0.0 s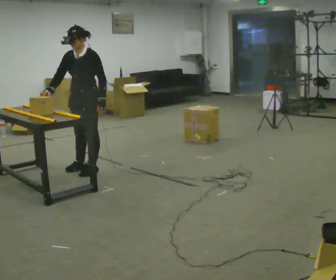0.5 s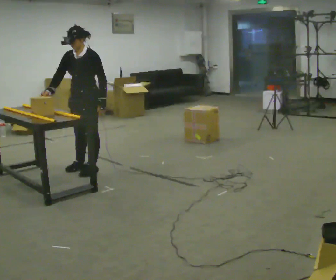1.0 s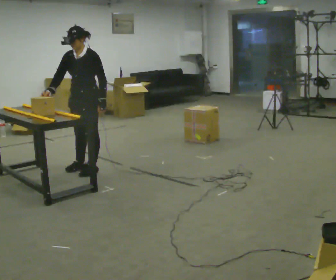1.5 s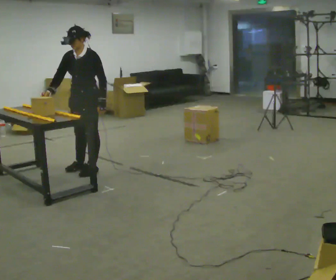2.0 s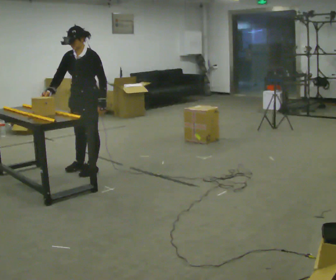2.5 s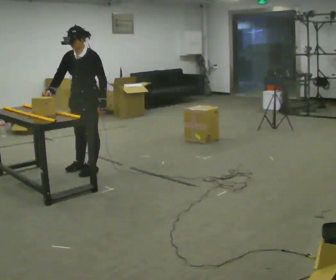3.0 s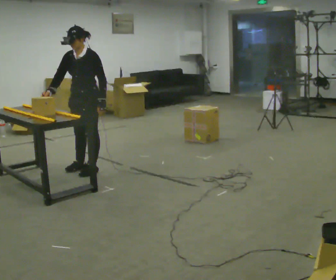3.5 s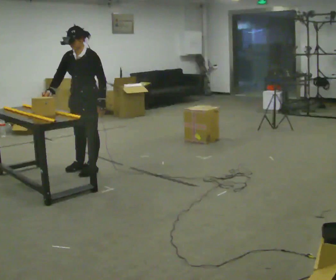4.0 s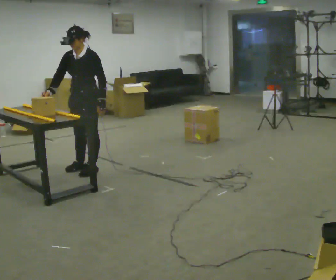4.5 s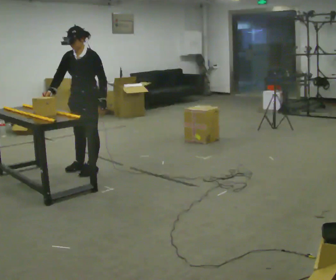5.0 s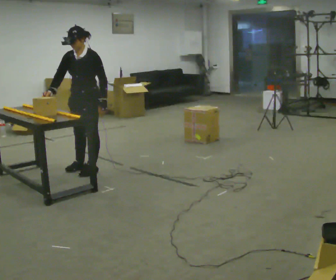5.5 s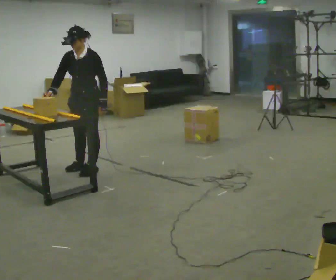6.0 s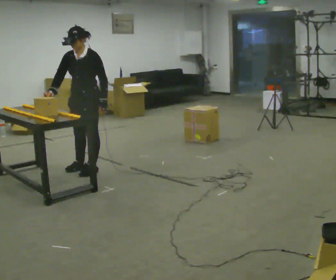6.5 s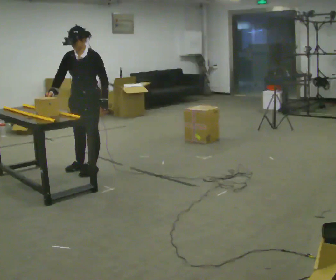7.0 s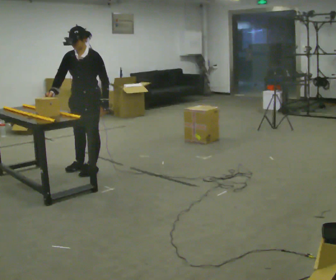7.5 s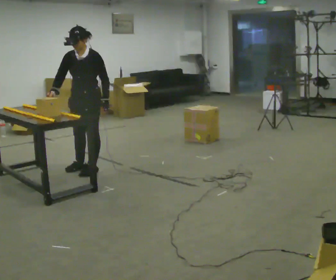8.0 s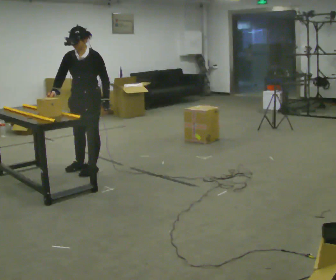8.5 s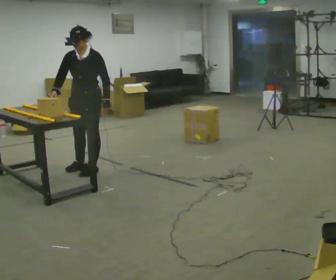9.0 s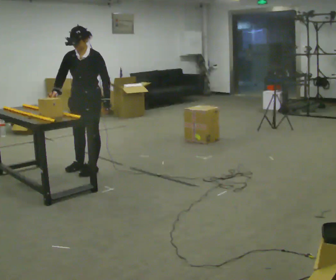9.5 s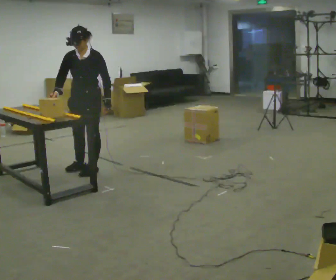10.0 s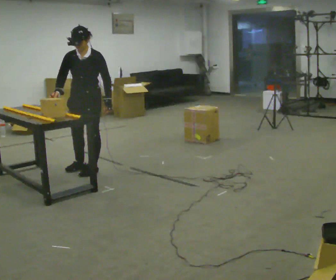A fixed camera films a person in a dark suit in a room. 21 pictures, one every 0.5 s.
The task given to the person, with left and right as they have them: Carry the object across the room and slide it into the slot on the shelf. It is a close fit, so take the time you need. Keep going until the operator says stop; one object at a time, and do not rush between trips.
0.0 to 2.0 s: The person moves a little, or ends about where they began.
2.0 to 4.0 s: The person keeps their place and pose.
4.0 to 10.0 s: The person moves a little, or ends about where they began.
The film runs forward here.
